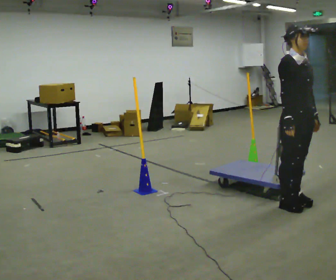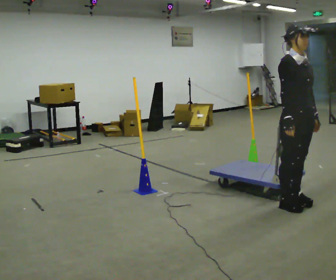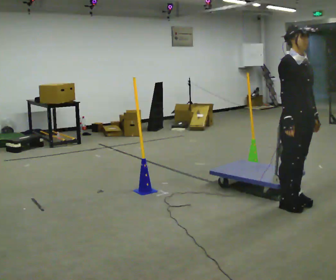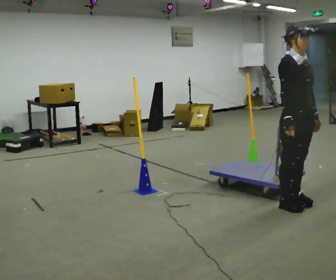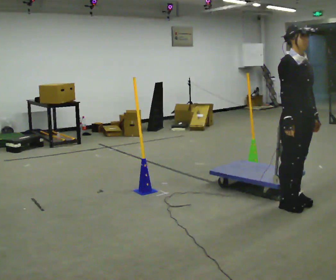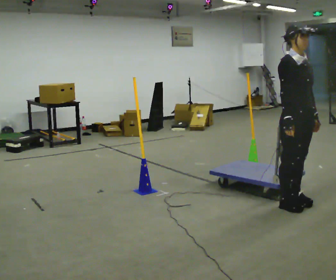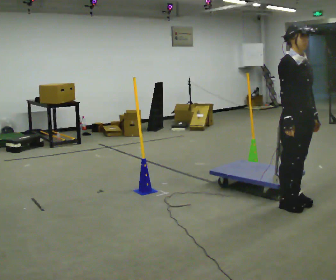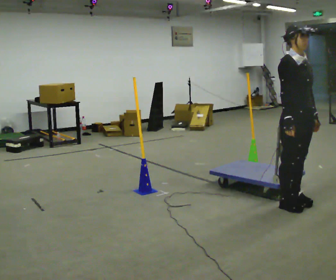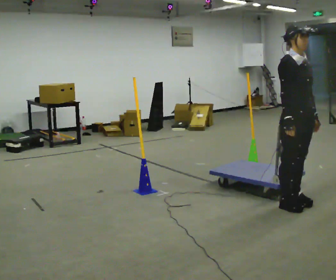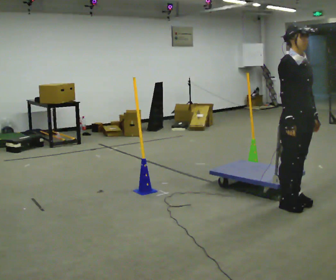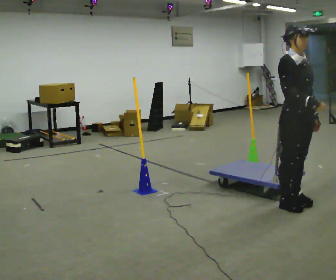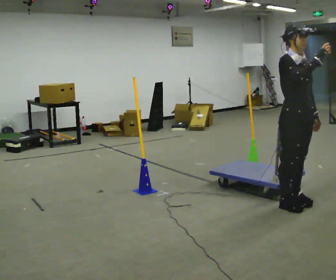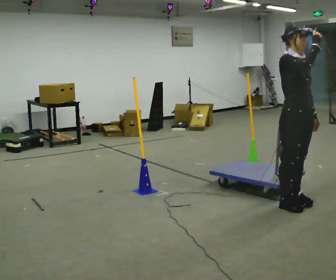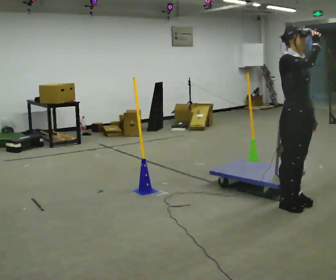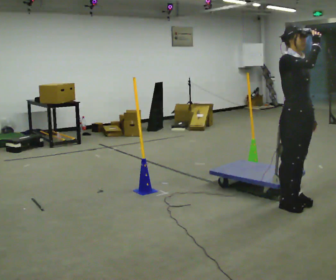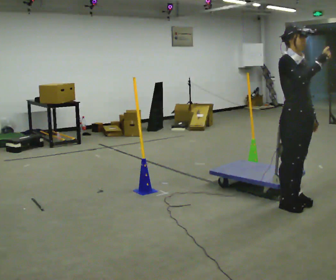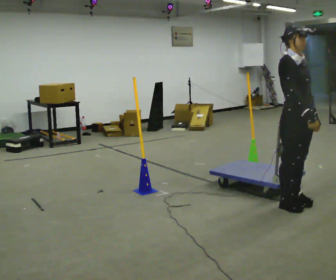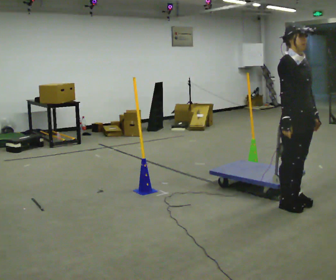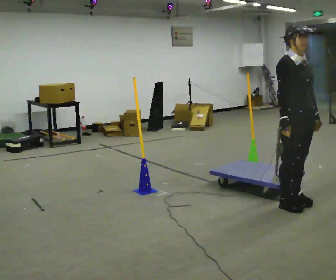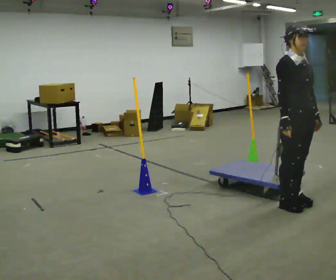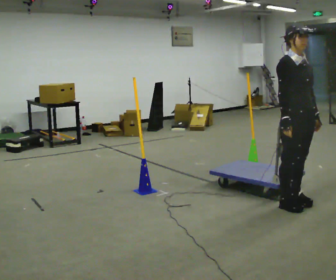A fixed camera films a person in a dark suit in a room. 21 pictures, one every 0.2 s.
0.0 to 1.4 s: The person keeps their place and pose.
1.4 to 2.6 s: In the picture their right hand goes upward.
2.6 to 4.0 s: In the picture their right hand goes downward.
The film runs forward here.
